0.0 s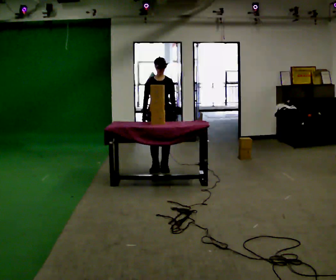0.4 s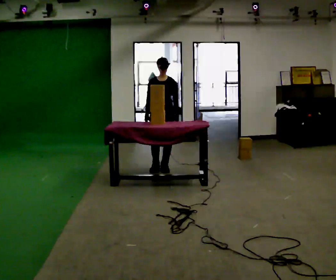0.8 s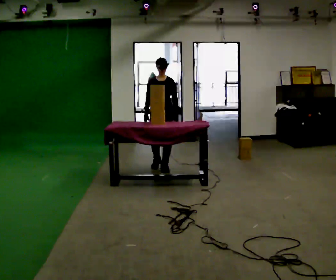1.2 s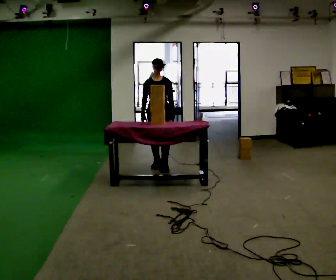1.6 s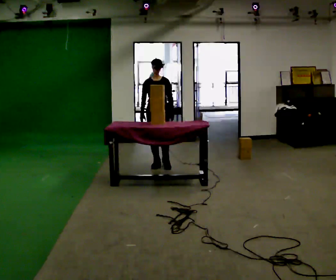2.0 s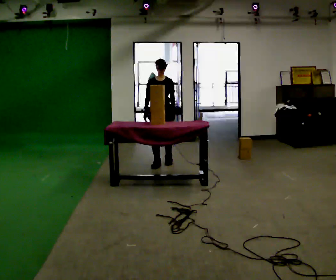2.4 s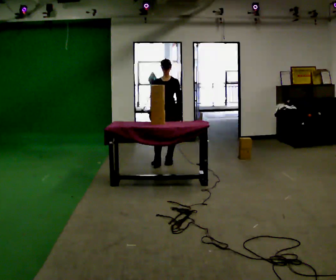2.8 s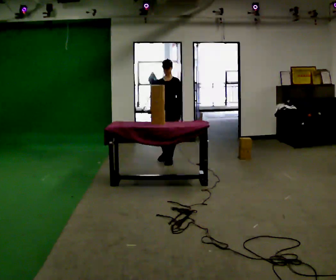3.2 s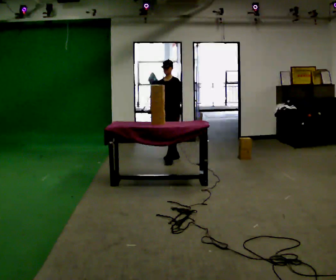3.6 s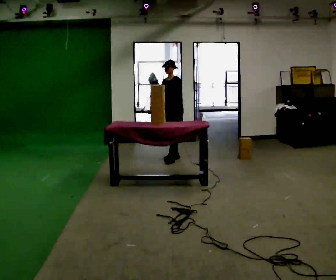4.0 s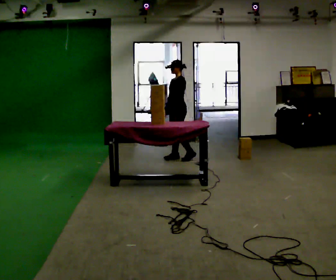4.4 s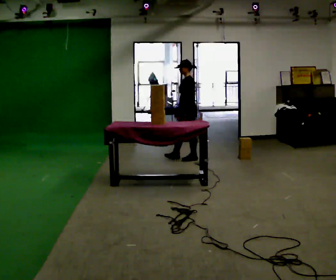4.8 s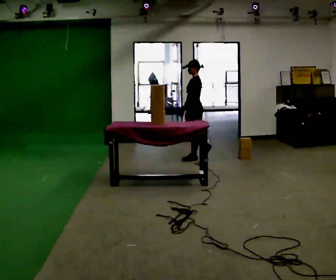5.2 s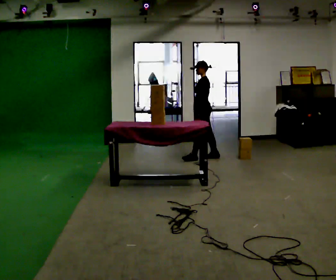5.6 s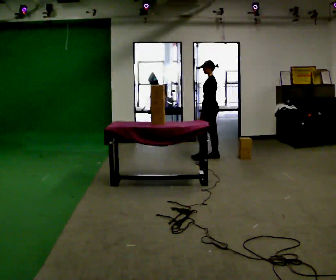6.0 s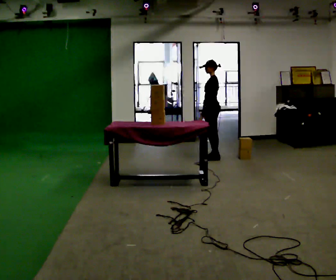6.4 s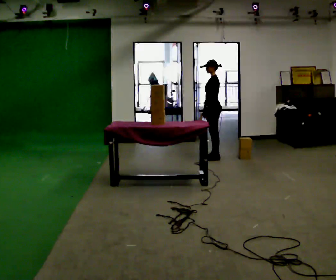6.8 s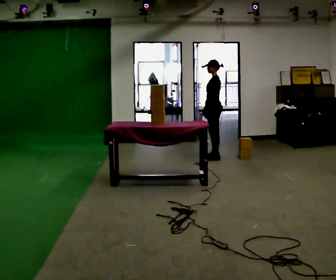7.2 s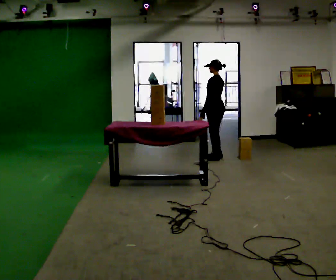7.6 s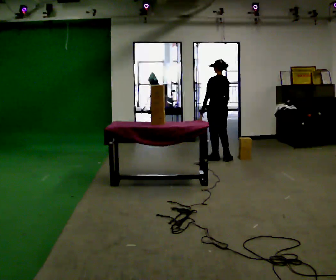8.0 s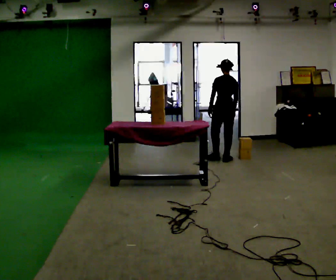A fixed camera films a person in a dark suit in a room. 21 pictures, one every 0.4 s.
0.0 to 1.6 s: In the picture they go away from the camera, about 0.25 m in 2 steps, which for them is backward.
1.6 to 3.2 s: The person turns about 30 degrees to their right, clockwise seen from above, so the part of the body nearest the lens slides to the left. In the picture they go away from the camera and to the right, about 0.5 m in 1 step, which for them is backward.
3.2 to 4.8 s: Seen from above the body turns clockwise, about 60 degrees: to their right, with its near side sliding to the left. In the picture they go to the right, about 0.5 m in 2 steps, which for them is backward.
4.8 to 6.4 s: In the picture they go to the right, about 0.25 m in 1 step, which for them is backward.
6.4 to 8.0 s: Seen from above the body turns clockwise, about 75 degrees: to their right, with its near side sliding to the left. In the picture they go to the right, about 0.25 m in 1 step.
The film runs backward here.
